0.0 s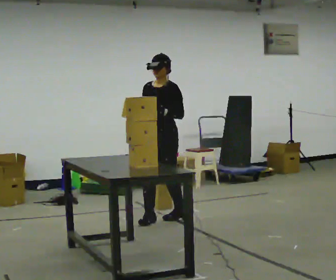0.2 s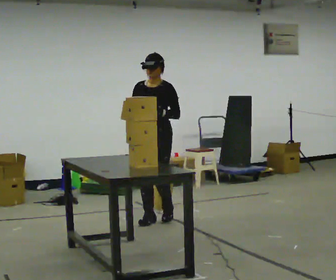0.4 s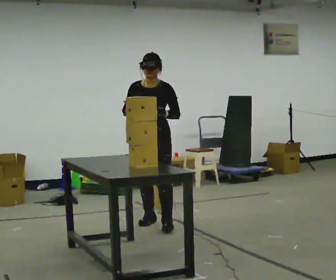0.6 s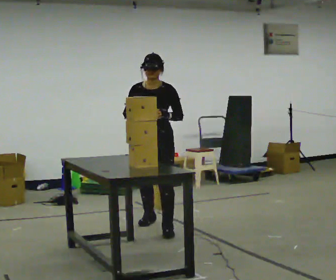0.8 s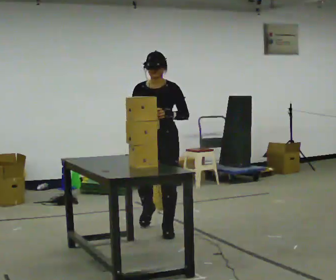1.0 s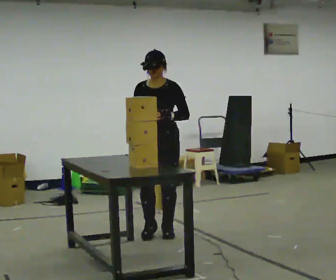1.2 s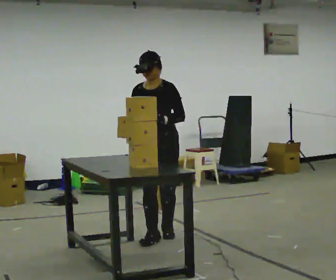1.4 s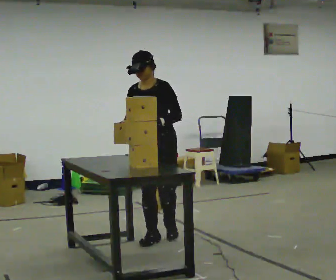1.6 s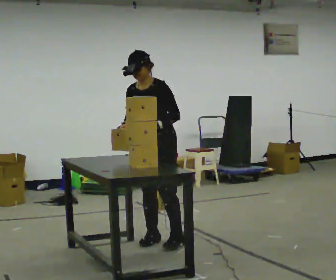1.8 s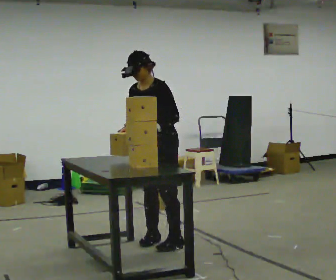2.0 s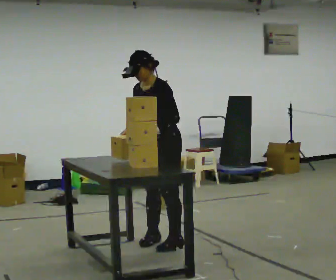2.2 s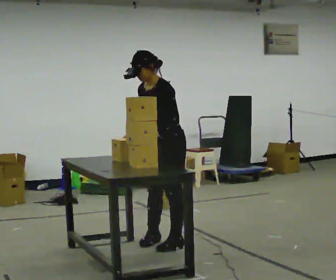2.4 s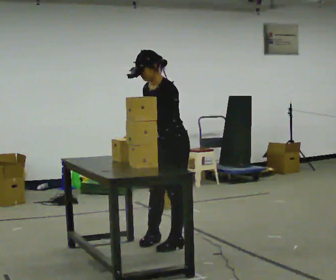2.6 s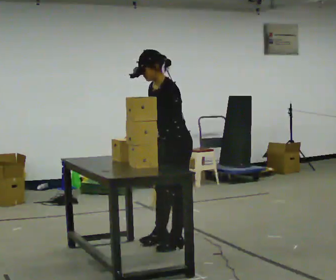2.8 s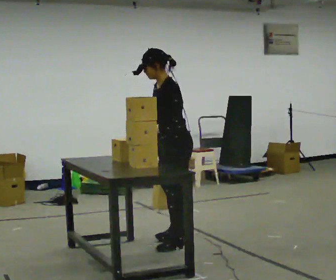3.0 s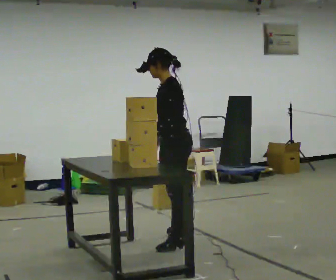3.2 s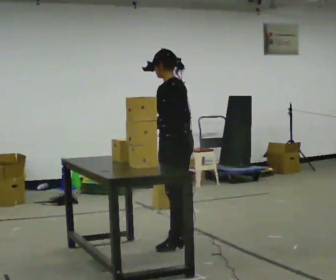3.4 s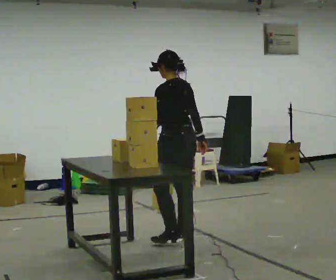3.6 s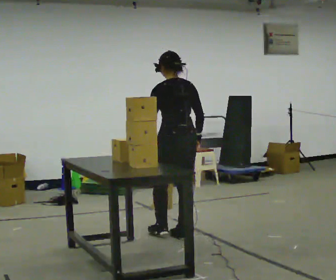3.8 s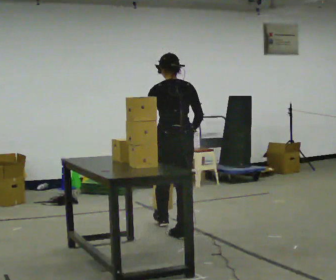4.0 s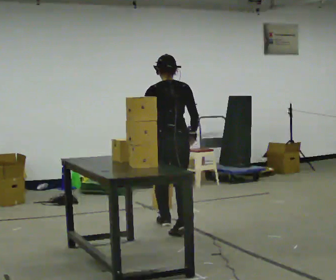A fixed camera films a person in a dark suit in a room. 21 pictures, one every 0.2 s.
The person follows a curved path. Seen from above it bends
counterclockwise.
0.0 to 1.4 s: In the picture they go toward the camera, about 0.75 m in 2 steps, which for them is forward.
1.4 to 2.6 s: The part of the body nearest the lens slides to the left as the person turns to their right by about 45 degrees. In the picture they go toward the camera, about 0.25 m in 1 step, which for them is to their left.
2.6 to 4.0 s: The part of the body nearest the lens slides to the left as the person turns to their right by about 105 degrees. In the picture they go away from the camera, about 0.5 m in 2 steps.
The film runs forward here.
